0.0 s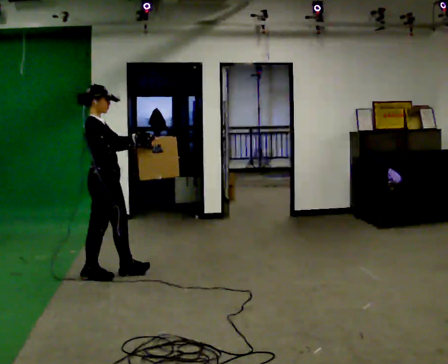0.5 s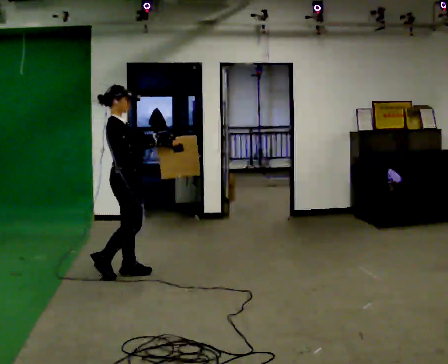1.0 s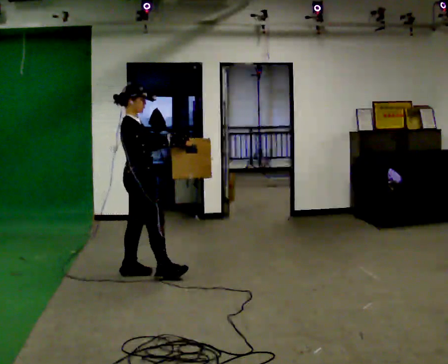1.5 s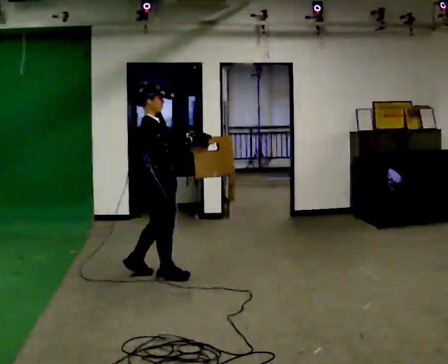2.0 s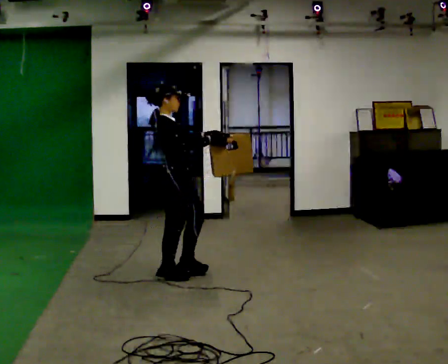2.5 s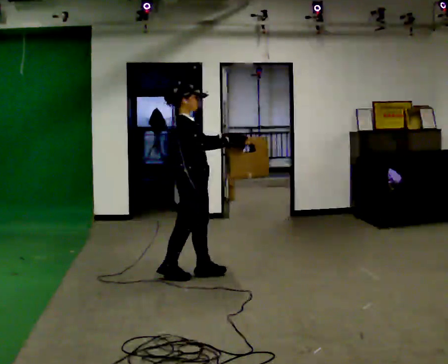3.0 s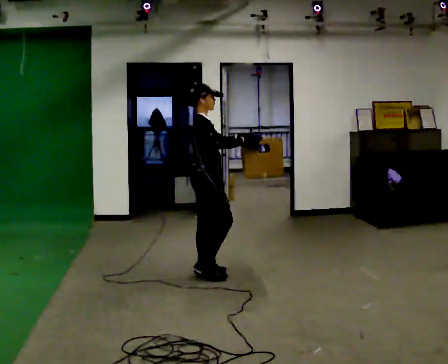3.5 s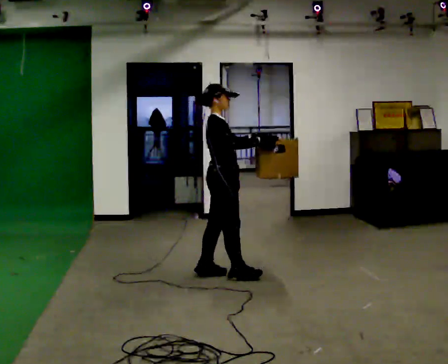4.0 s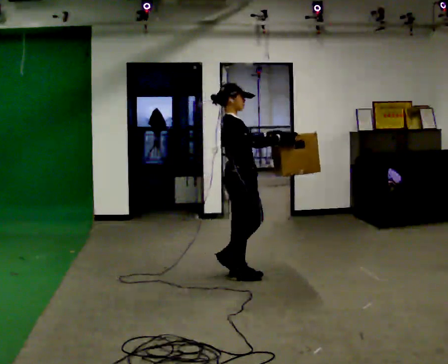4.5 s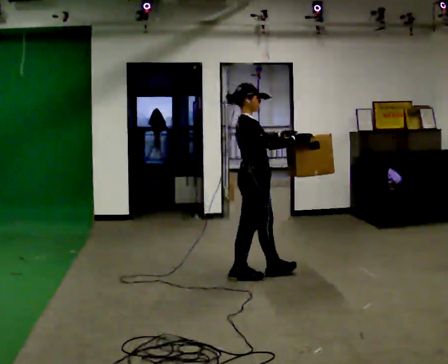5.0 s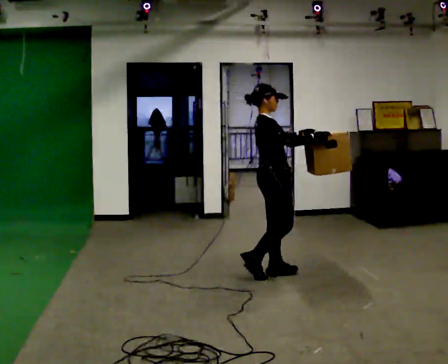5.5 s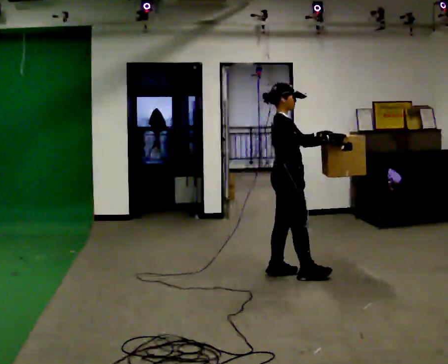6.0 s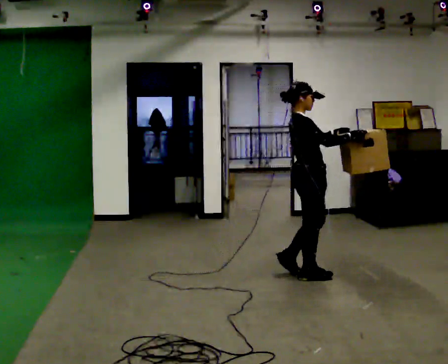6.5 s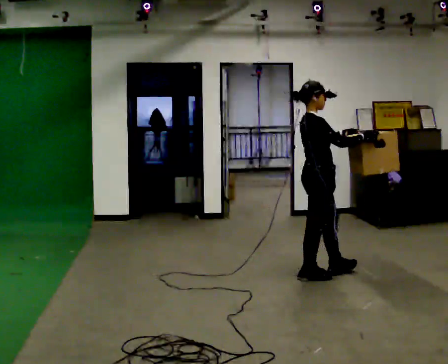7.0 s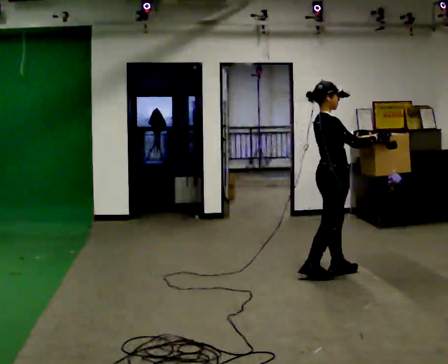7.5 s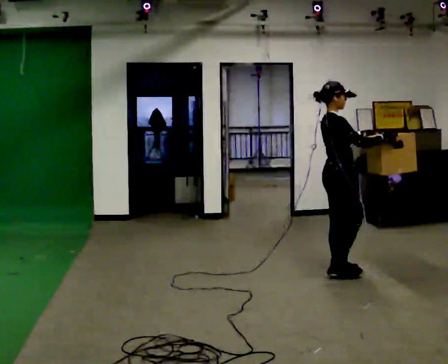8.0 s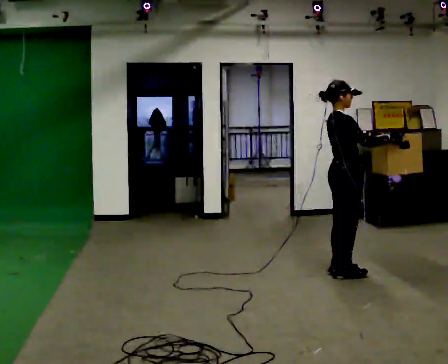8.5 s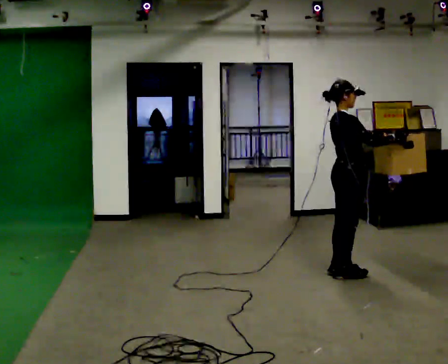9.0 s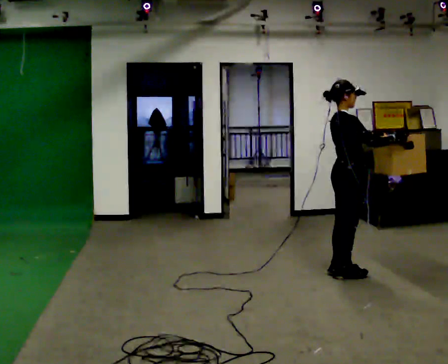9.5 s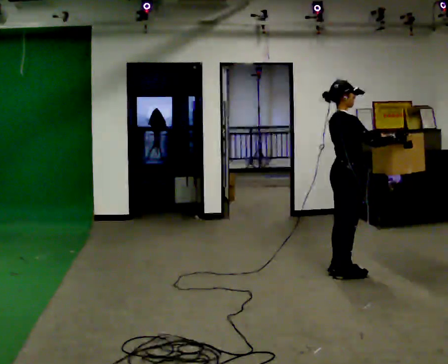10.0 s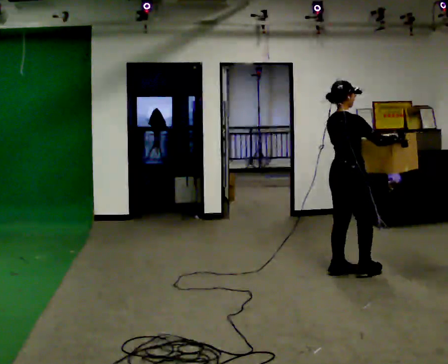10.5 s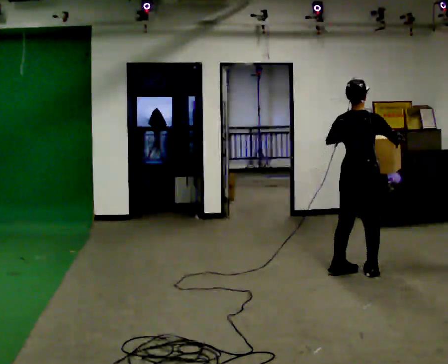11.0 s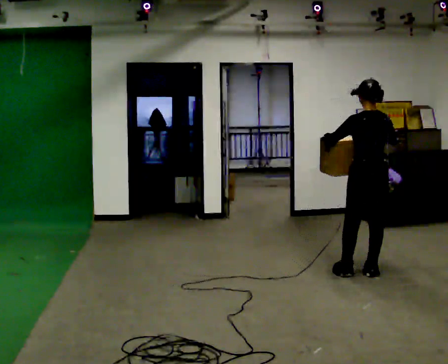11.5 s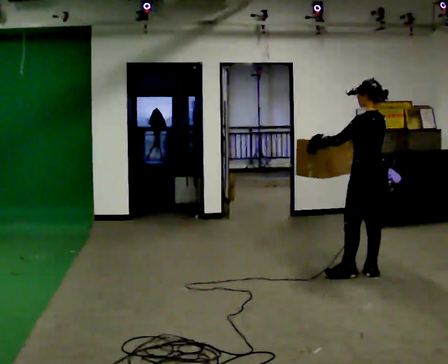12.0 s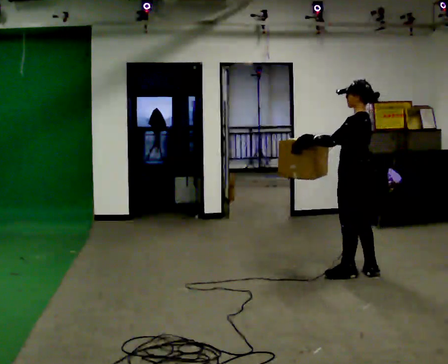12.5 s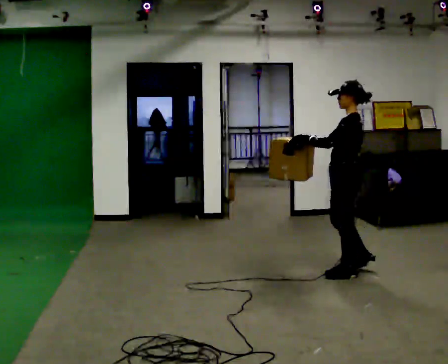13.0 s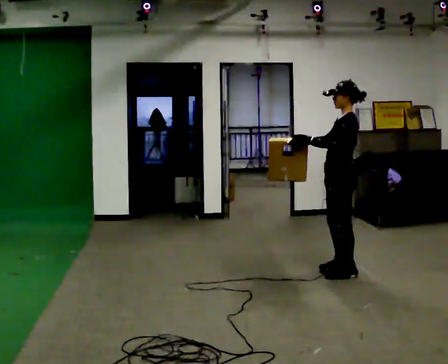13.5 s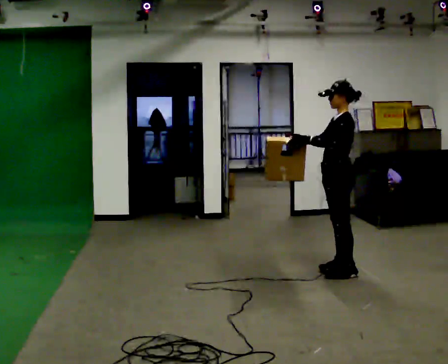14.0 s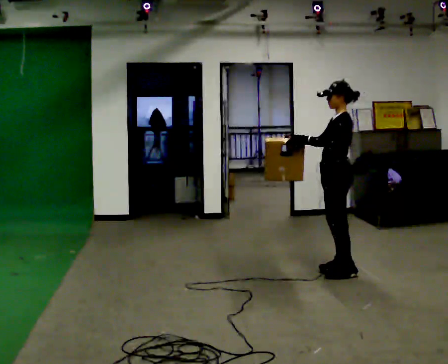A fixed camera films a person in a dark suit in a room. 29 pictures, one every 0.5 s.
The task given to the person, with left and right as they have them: Carry the box across the room much more slowly and carefully than normal, back and forth.
0.0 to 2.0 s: In the picture they go to the right, about 0.5 m in 1 step, which for them is forward.
2.0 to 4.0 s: In the picture they go to the right, about 0.5 m in 2 steps, which for them is forward.
4.0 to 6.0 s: In the picture they go to the right, about 0.5 m in 2 steps, which for them is forward.
6.0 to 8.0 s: In the picture they go to the right, about 0.25 m in 2 steps, which for them is forward.
8.0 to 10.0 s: The person moves a little, or ends about where they began.
10.0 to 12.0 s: Seen from above the body turns counterclockwise, about 120 degrees: to their left, with its near side sliding to the right. In the picture their right hand goes to the left.
12.0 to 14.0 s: In the picture they go to the left, about 0.25 m in 1 step, which for them is forward and to their right.
The film runs forward here.
